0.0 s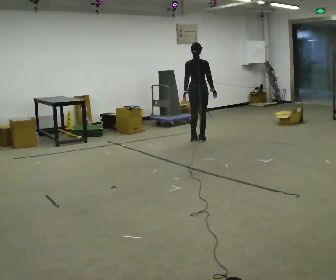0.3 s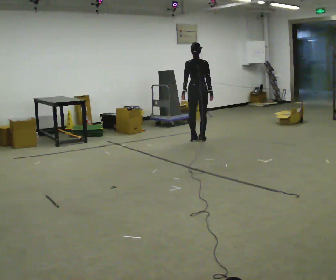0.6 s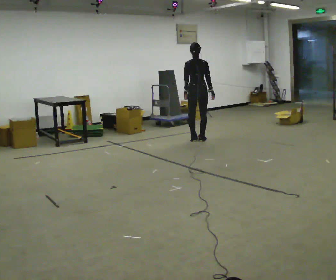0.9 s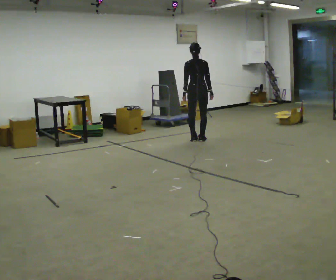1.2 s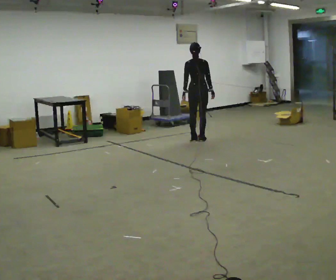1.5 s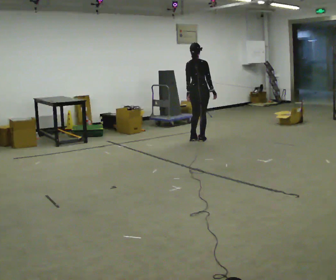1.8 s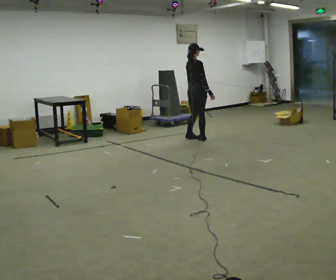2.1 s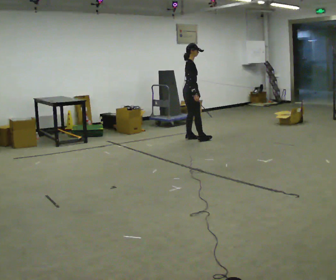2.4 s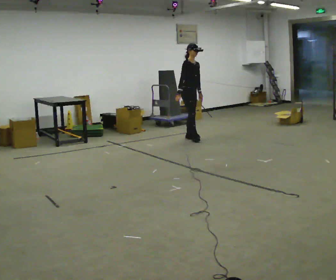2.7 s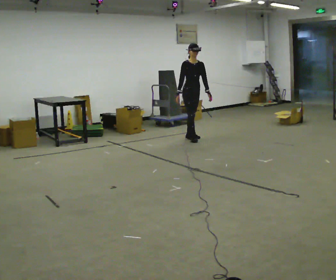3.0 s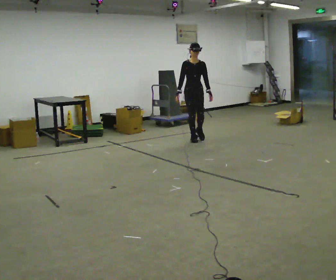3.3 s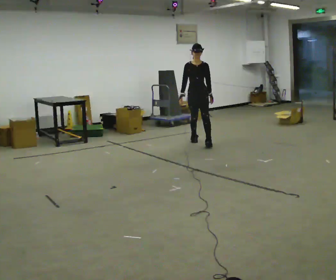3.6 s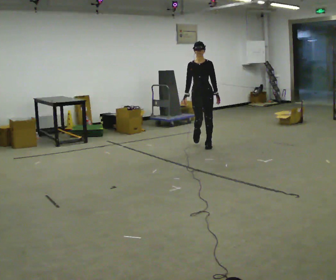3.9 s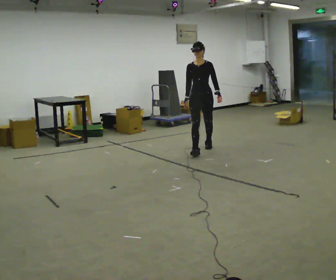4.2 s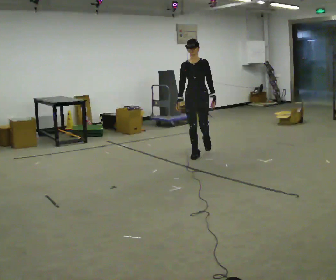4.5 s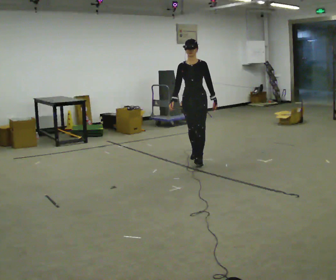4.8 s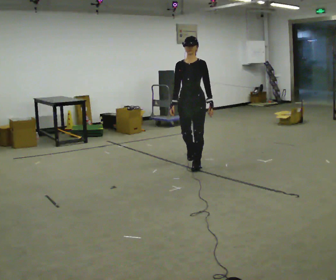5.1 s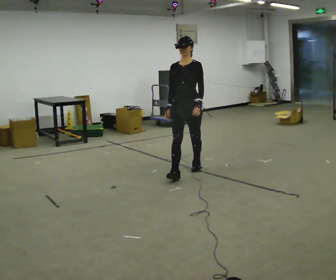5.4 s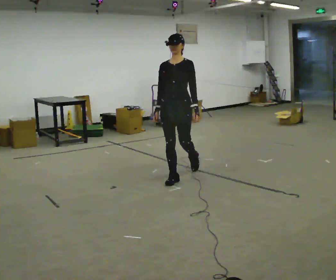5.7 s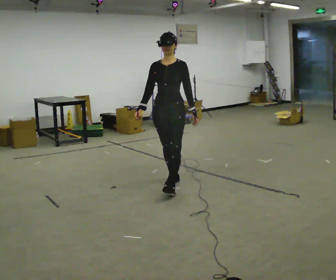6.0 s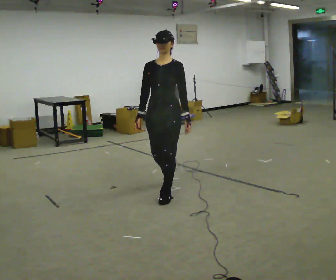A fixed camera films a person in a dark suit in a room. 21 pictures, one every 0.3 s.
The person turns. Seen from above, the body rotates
clockwise.
The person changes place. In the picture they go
toward the camera.
0.0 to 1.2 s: The person moves a little, or ends about where they began.
1.2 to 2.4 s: Seen from above the body turns clockwise, about 120 degrees: to their right, with its near side sliding to the left. In the picture they go to the left, about 0.25 m in 1 step. In the picture their right hand goes to the left, the arm swinging clockwise.
2.4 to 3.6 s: Seen from above the body turns clockwise, about 60 degrees: to their right, with its near side sliding to the left. In the picture they go toward the camera, about 0.75 m in 1 step.
3.6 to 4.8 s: In the picture they go toward the camera, about 1 m in 2 steps, which for them is forward.
4.8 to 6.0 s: In the picture they go toward the camera, about 1 m in 2 steps, which for them is forward.
The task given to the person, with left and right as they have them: Walk forward while moving diagonally left/right; finish ~45° from start direction.
The film runs forward here.
